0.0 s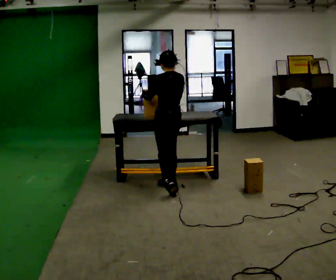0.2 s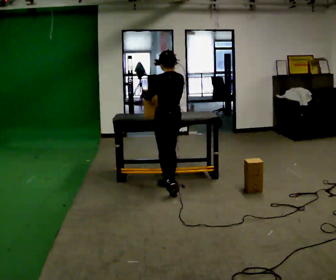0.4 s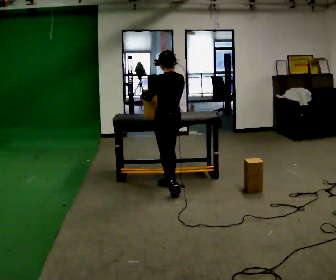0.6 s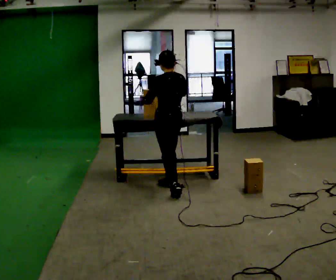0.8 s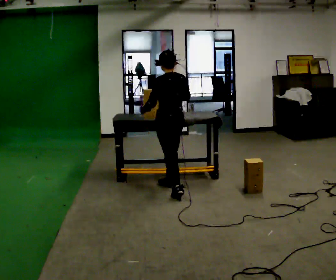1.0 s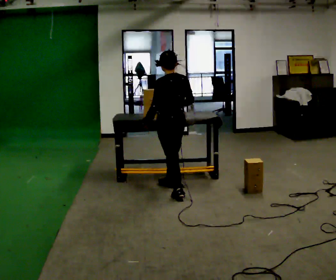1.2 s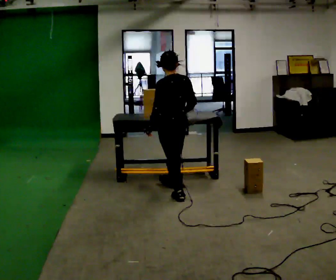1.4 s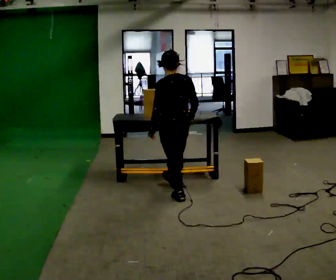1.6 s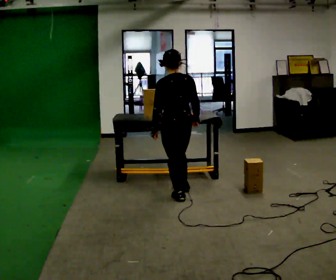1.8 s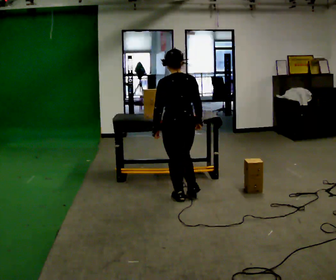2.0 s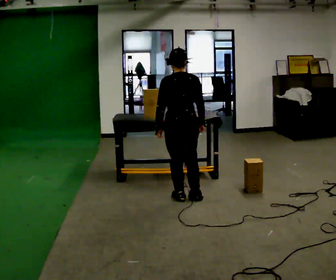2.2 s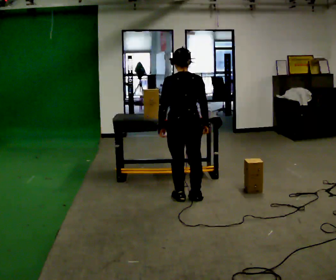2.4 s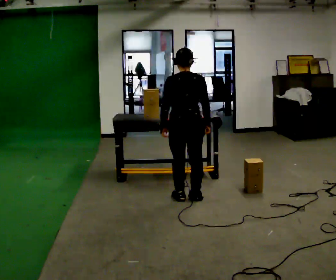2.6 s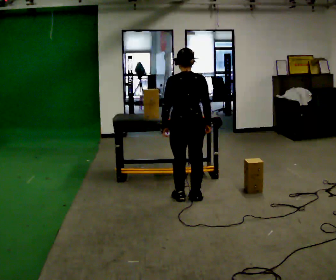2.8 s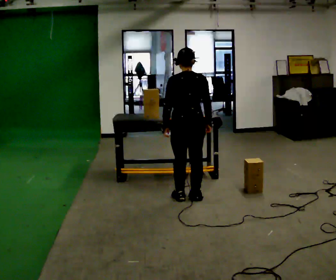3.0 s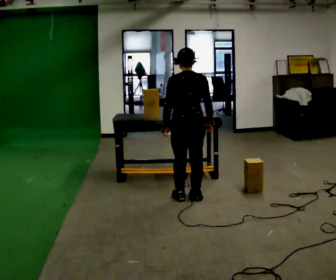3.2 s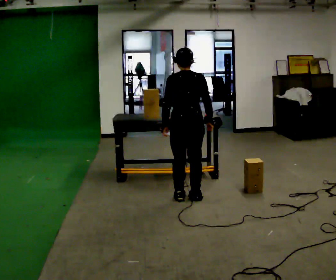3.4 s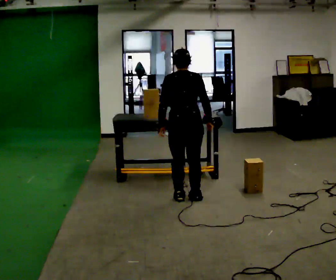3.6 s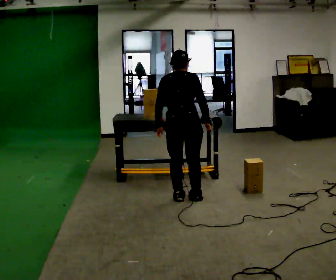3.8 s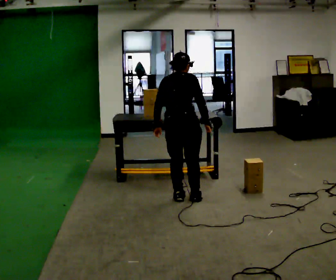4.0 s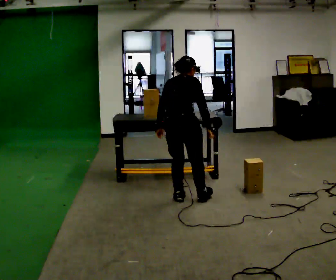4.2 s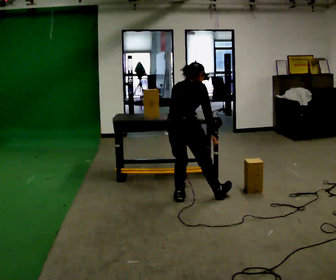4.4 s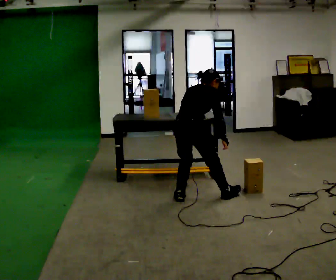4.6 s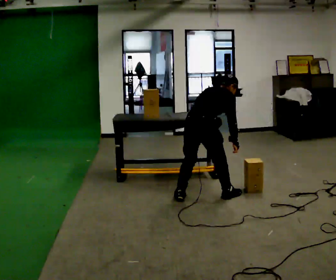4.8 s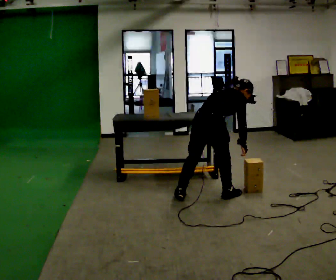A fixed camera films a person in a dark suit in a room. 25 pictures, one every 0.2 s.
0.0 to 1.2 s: In the picture they go toward the camera, about 0.25 m, which for them is backward and to their left.
1.2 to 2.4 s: The part of the body nearest the lens slides to the left as the person turns to their right by about 30 degrees.
2.4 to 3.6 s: The person moves a little, or ends about where they began.
3.6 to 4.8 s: The part of the body nearest the lens slides to the left as the person turns to their right by about 45 degrees. In the picture they go to the right, about 0.25 m in 1 step, which for them is to their right. The shoulders move downward. In the picture the upper body tilts clockwise, shoulders to the right, as they bend forward. In the picture their right hand goes to the right.
The film runs backward here.
